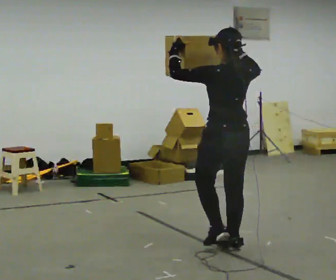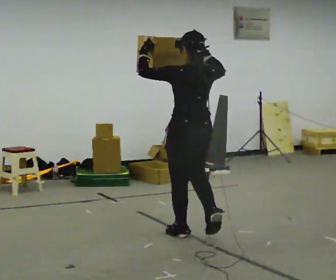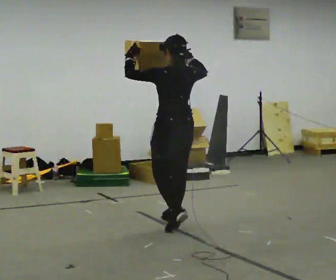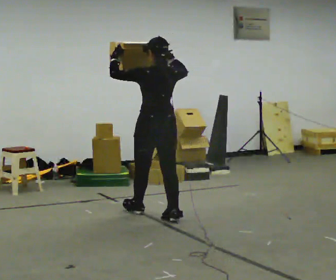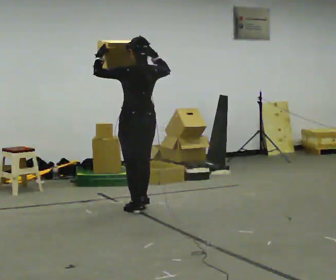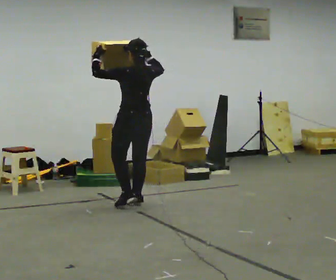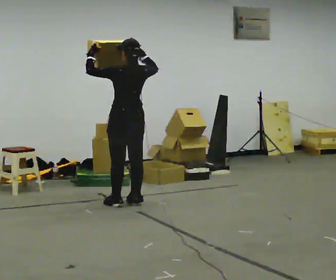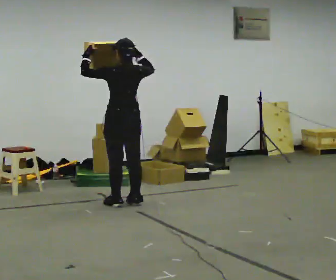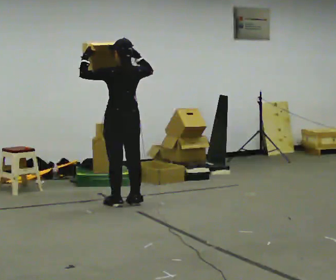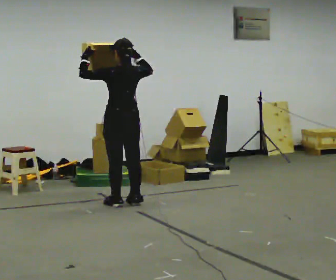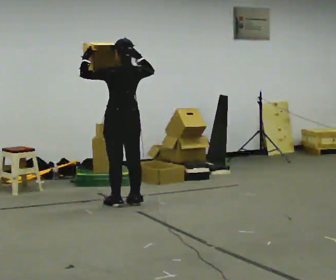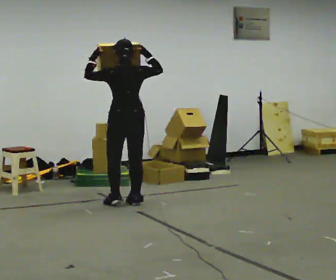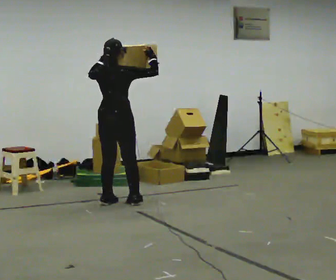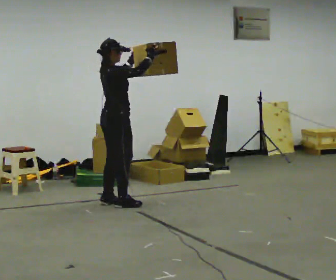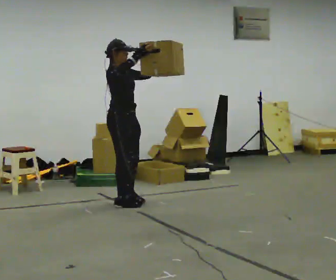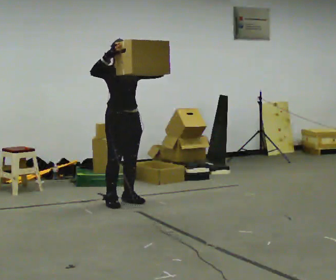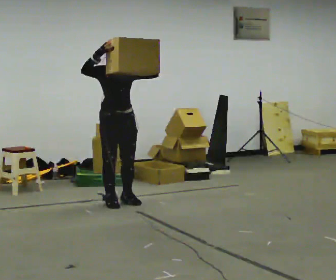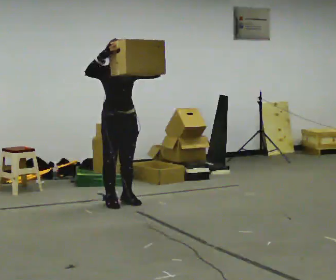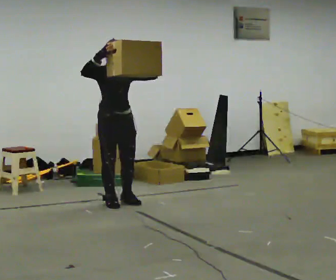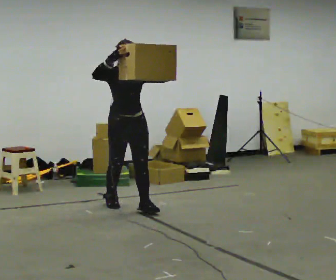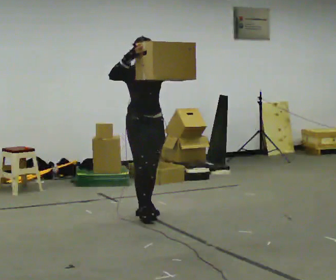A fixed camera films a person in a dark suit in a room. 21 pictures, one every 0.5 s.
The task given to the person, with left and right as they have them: Carry the object held up above your head, walking back and forth across the room.
0.0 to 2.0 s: In the picture they go away from the camera and to the left, about 1.5 m in 3 steps, which for them is forward.
2.0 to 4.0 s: In the picture they go away from the camera and to the left, about 0.25 m in 2 steps, which for them is forward.
4.0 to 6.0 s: The person turns about 45 degrees to their right, clockwise seen from above, so the part of the body nearest the lens slides to the left.
6.0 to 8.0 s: Seen from above the body turns clockwise, about 135 degrees: to their right, with its near side sliding to the left. In the picture their left hand goes to the right.
8.0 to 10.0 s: In the picture they go toward the camera and to the right, about 0.5 m in 1 step, which for them is forward.
The film runs forward here.
